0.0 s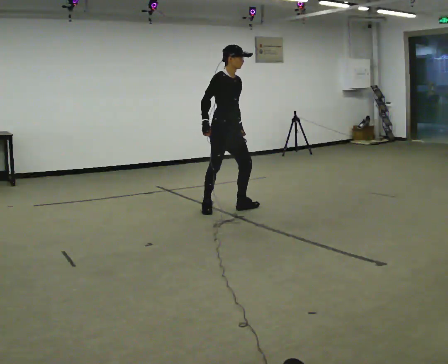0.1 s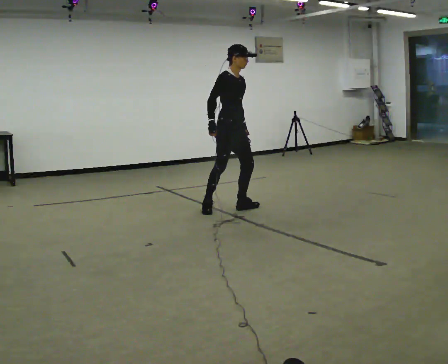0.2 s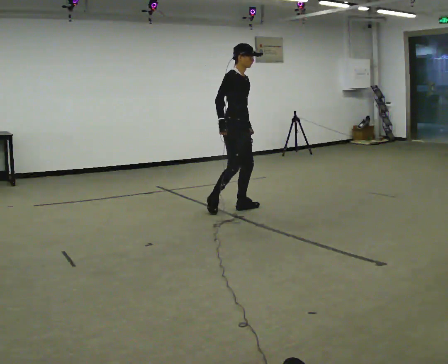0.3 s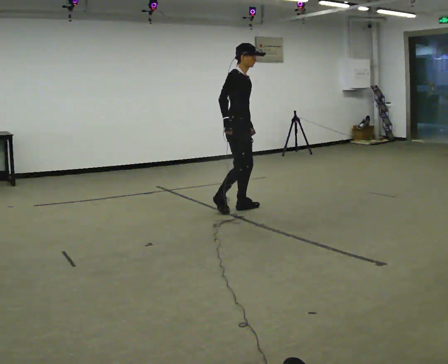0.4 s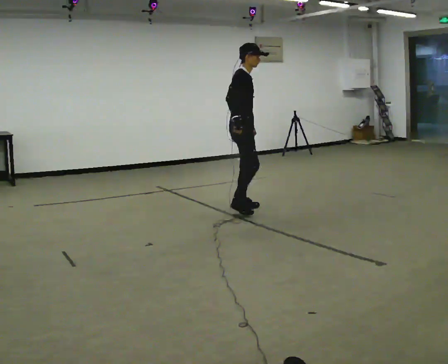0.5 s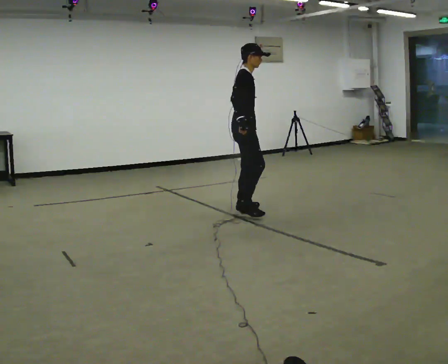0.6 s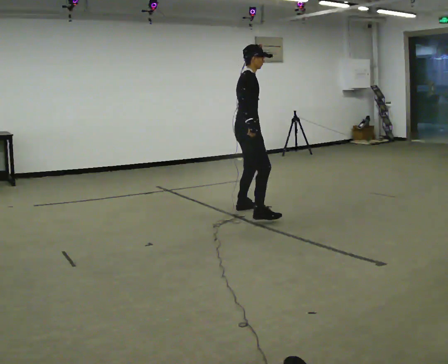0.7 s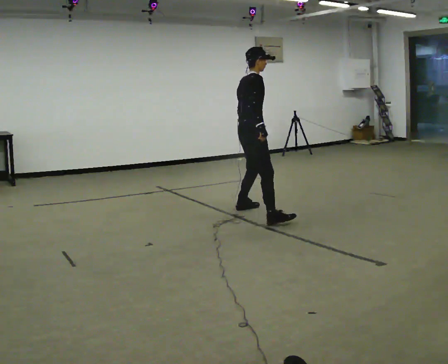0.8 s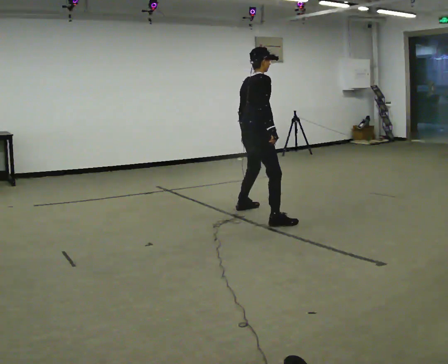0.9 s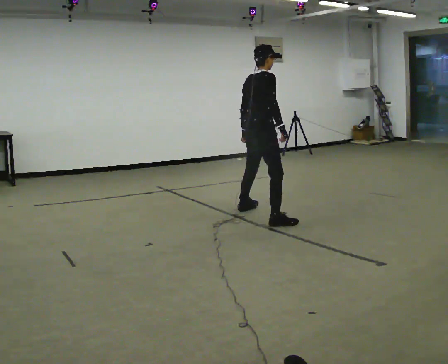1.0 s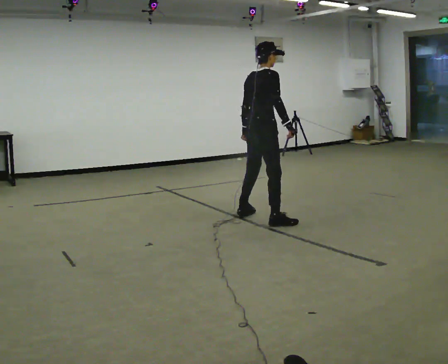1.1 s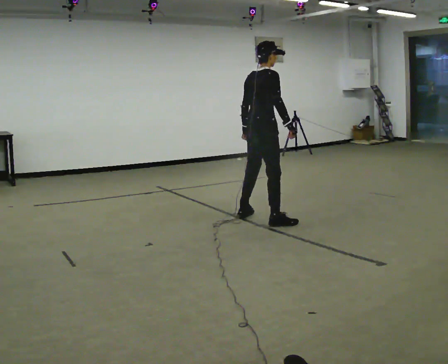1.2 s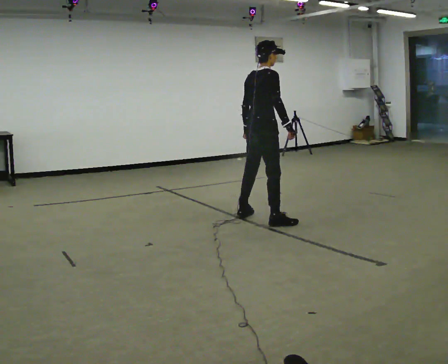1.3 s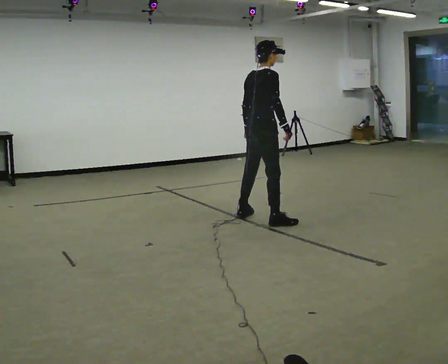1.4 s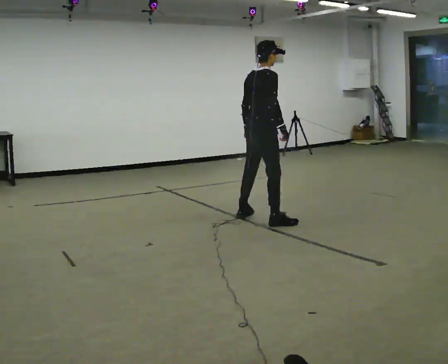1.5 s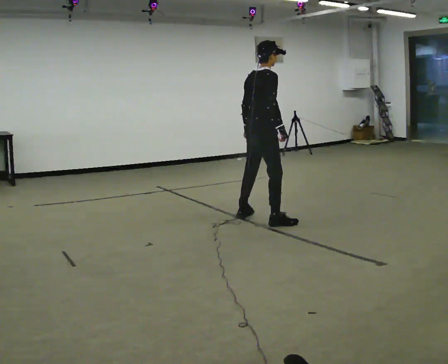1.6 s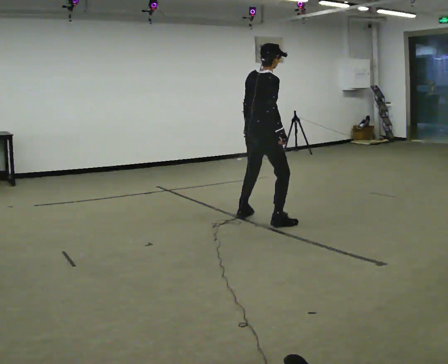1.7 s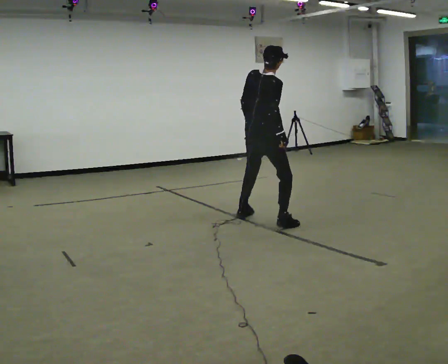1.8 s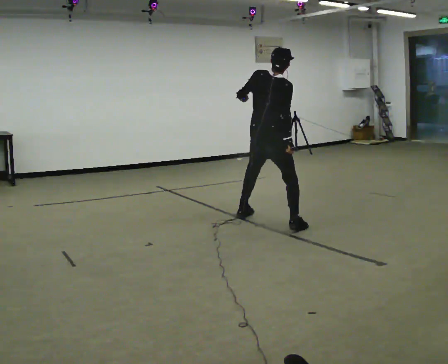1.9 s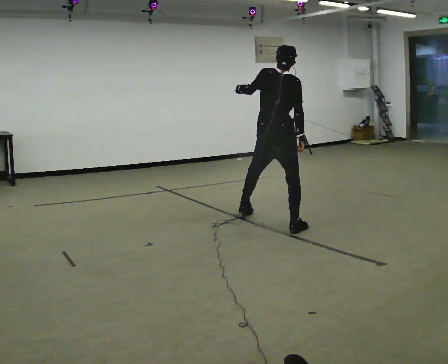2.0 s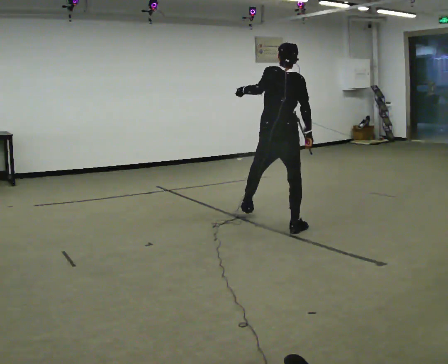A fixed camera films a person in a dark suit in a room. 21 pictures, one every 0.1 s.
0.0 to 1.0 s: The part of the body nearest the lens slides to the right as the person turns to their left by about 75 degrees. In the picture they go toward the camera and to the right, about 0.5 m in 1 step.
1.0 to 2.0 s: Seen from above the body turns counterclockwise, about 60 degrees: to their left, with its near side sliding to the right. In the picture they go toward the camera and to the right, about 0.25 m in 2 steps, which for them is to their right. In the picture their left hand goes upward, the arm swinging clockwise.
The film runs forward here.
